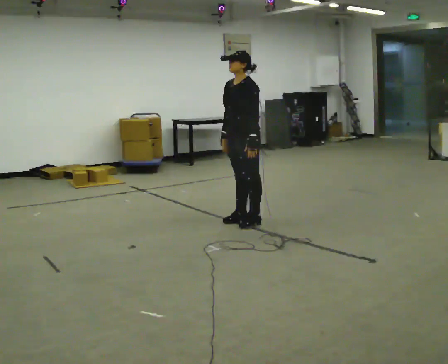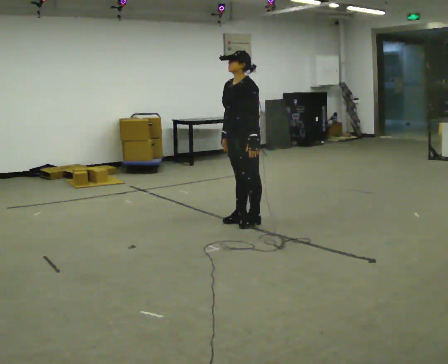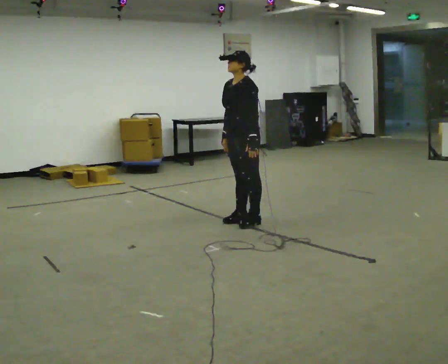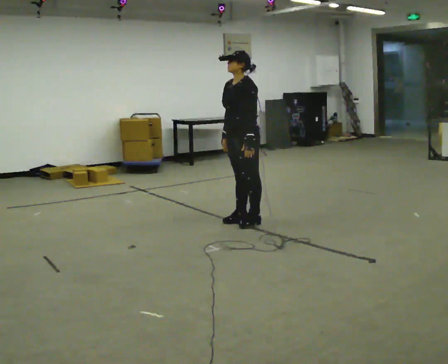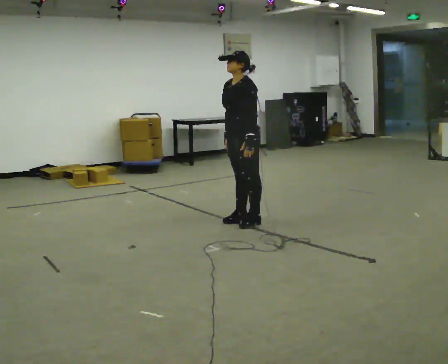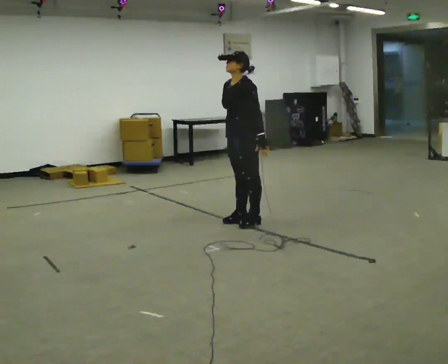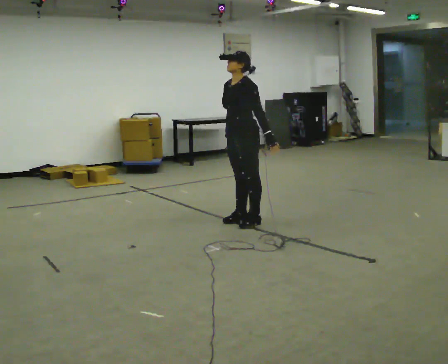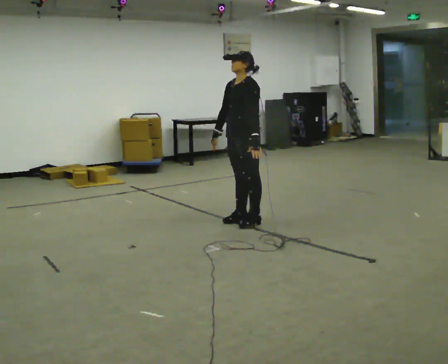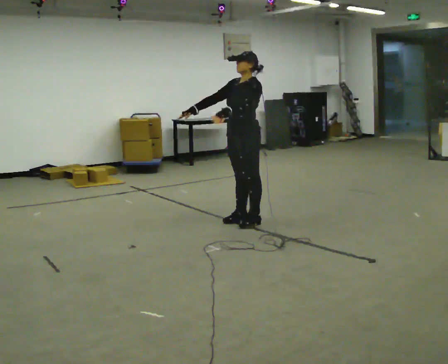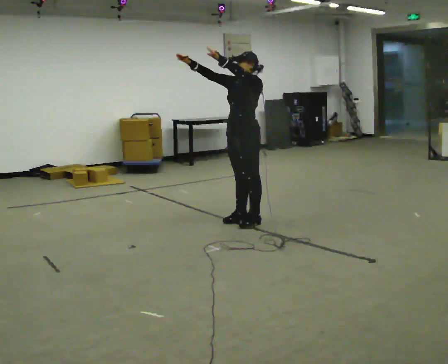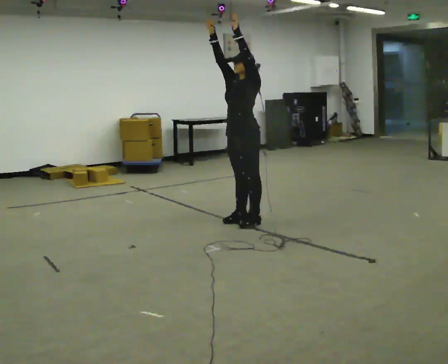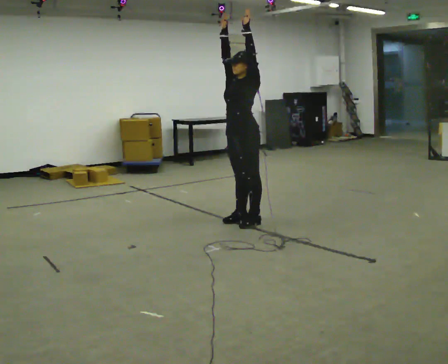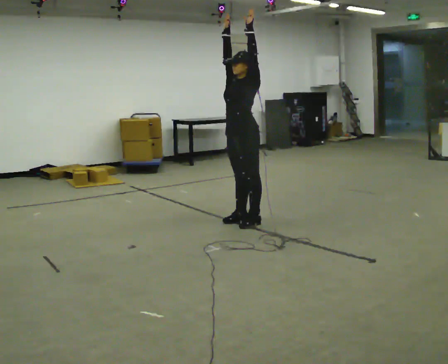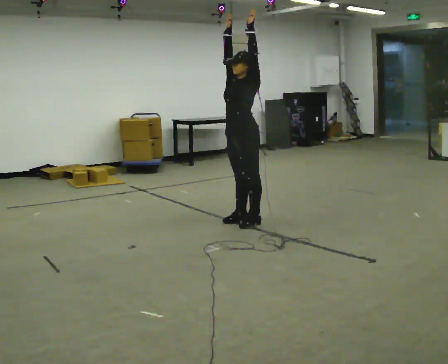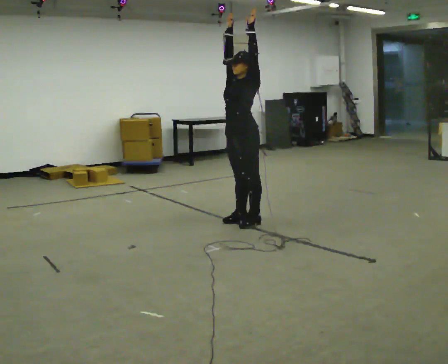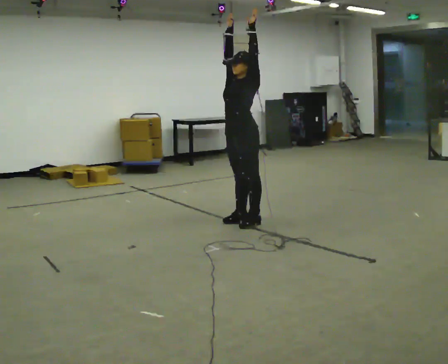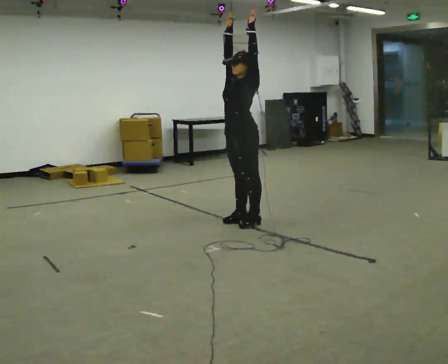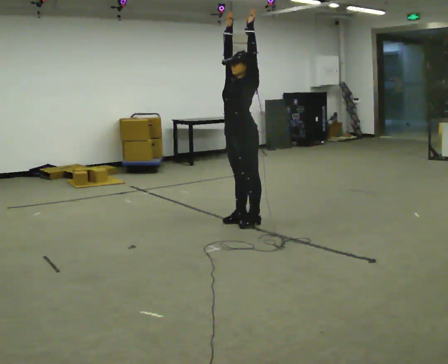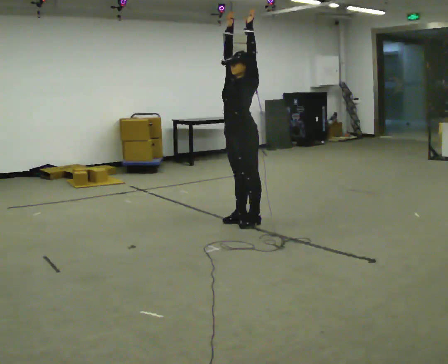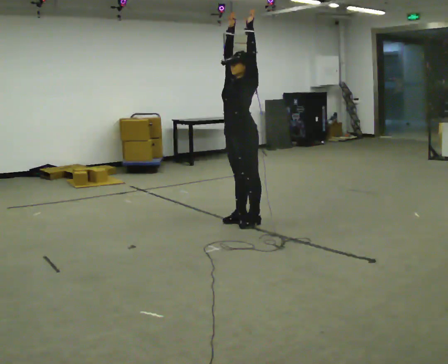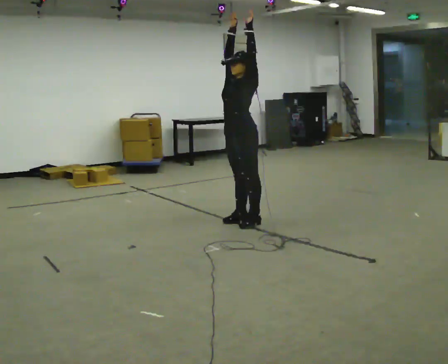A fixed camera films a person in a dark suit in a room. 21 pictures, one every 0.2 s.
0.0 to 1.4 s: The person moves a little, or ends about where they began.
1.4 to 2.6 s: In the picture their left hand goes upward.
2.6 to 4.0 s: The person moves a little, or ends about where they began.
The film runs backward here.
